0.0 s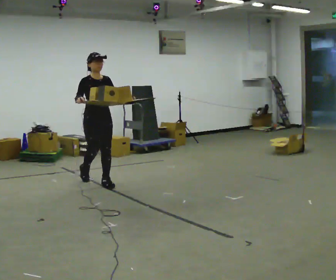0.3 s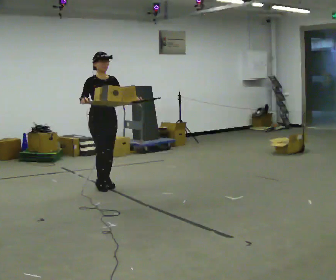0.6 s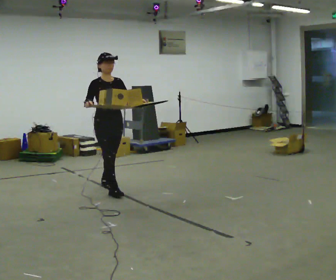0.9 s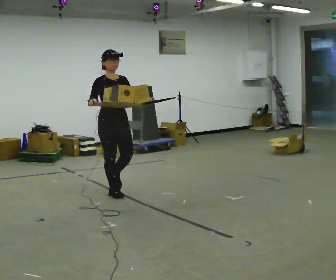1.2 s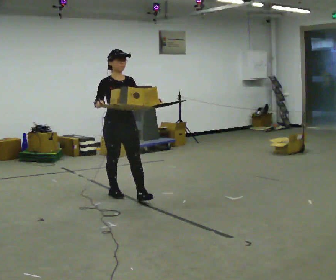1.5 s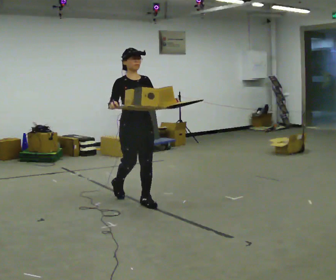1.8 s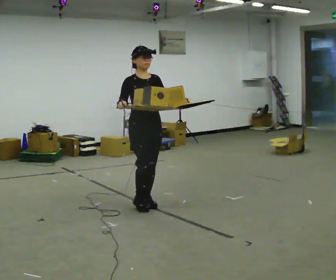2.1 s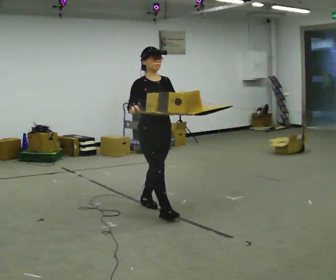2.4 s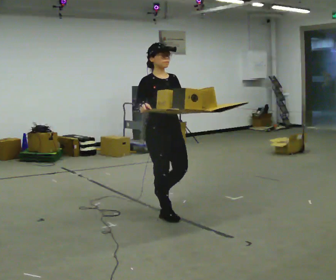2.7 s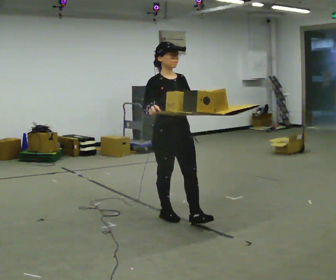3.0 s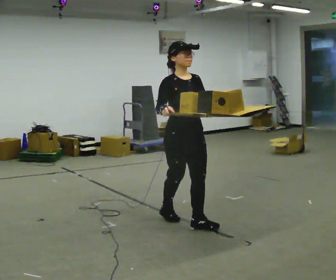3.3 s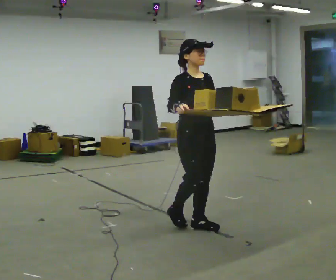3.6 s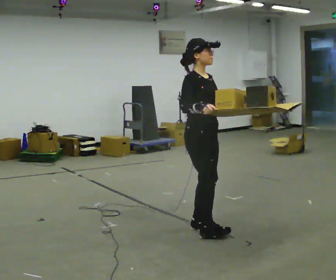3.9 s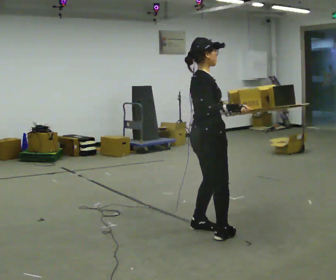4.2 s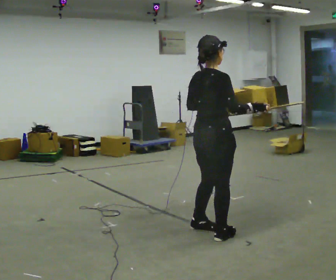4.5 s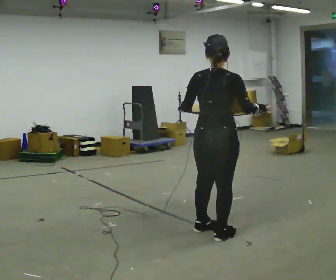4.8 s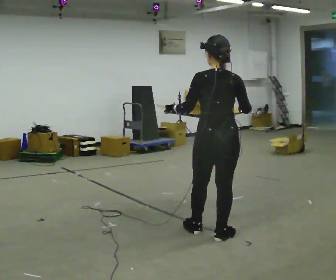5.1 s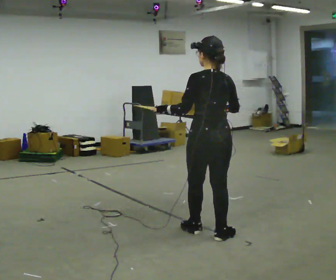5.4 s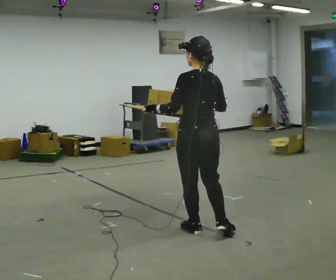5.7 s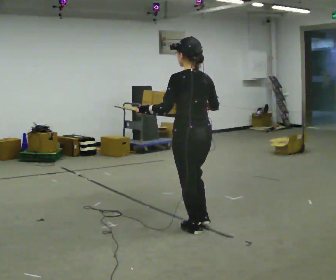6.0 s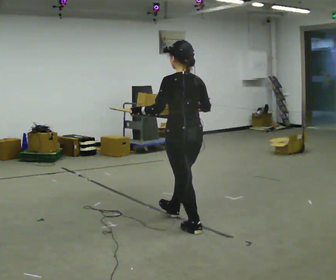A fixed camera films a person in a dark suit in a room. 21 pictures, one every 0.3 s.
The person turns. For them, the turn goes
to their left.
The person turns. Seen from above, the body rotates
counterclockwise.
0.0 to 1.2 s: In the picture they go toward the camera and to the right, about 0.75 m in 1 step, which for them is forward.
1.2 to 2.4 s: In the picture they go to the right and toward the camera, about 1 m in 2 steps, which for them is forward.
2.4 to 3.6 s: The person turns about 30 degrees to their left, counterclockwise seen from above, so the part of the body nearest the lens slides to the right. In the picture they go to the right and toward the camera, about 0.5 m in 1 step, which for them is forward.
3.6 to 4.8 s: Seen from above the body turns counterclockwise, about 120 degrees: to their left, with its near side sliding to the right. In the picture they go toward the camera and to the right, about 0.25 m in 1 step.
4.8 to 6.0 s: Seen from above the body turns counterclockwise, about 30 degrees: to their left, with its near side sliding to the right. In the picture they go to the left and away from the camera, about 0.5 m, which for them is forward.
The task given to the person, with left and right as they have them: Carry the open tray of loose items across the room, back and forth, trying not to let anything fall out.
The film runs forward here.
